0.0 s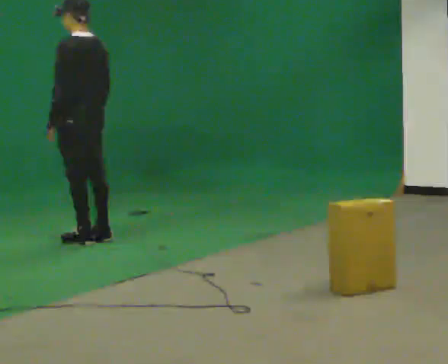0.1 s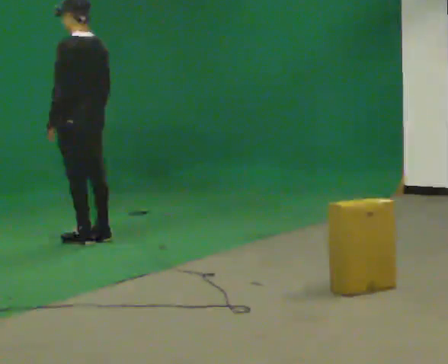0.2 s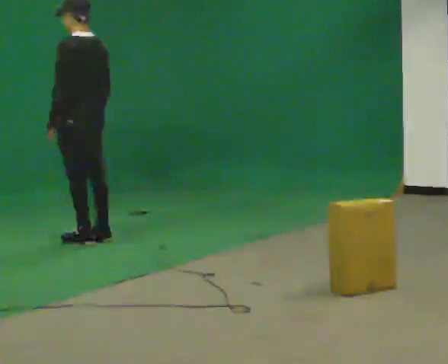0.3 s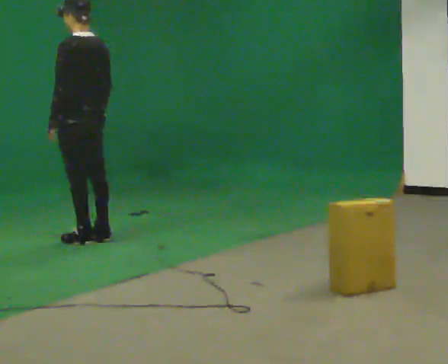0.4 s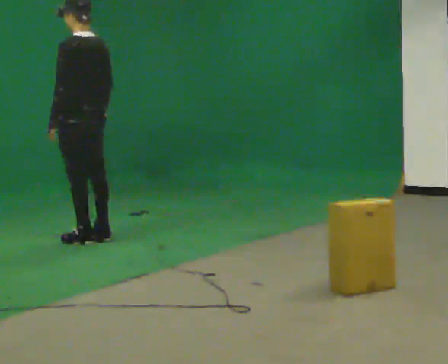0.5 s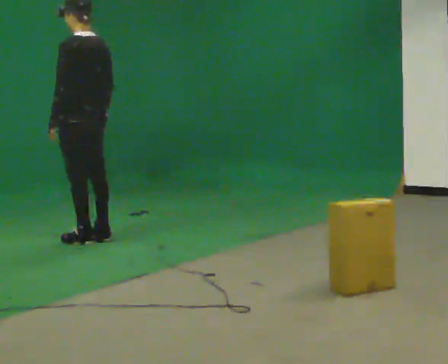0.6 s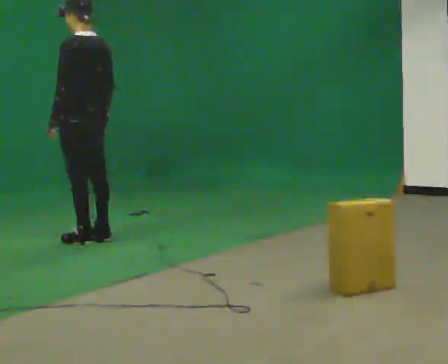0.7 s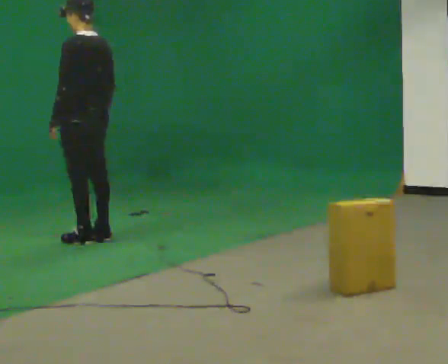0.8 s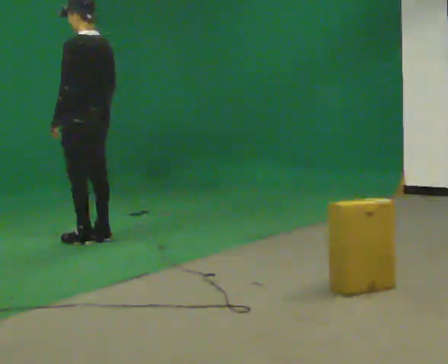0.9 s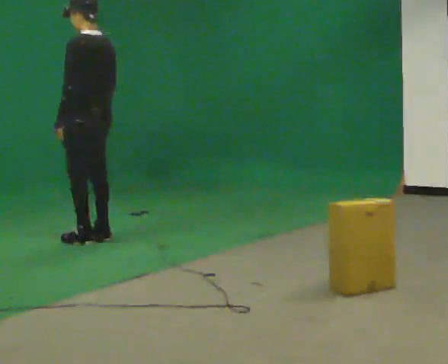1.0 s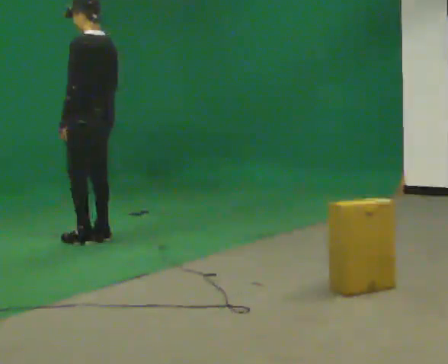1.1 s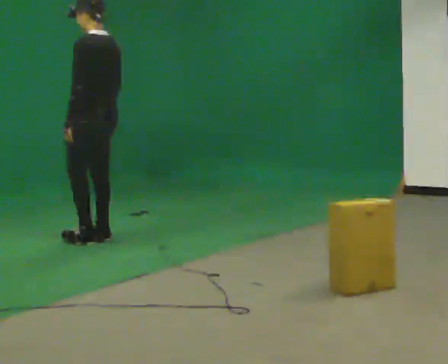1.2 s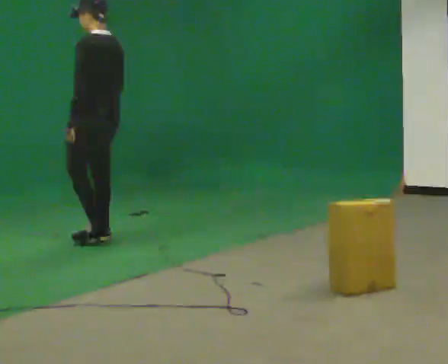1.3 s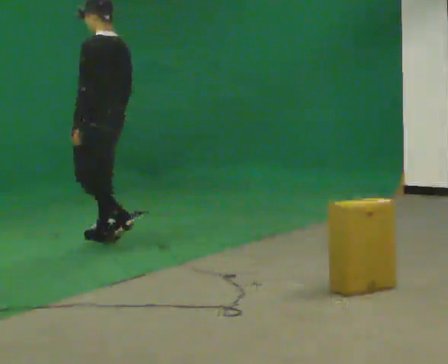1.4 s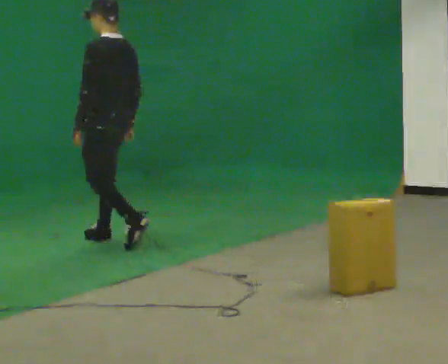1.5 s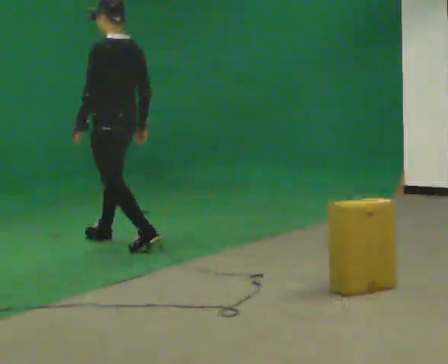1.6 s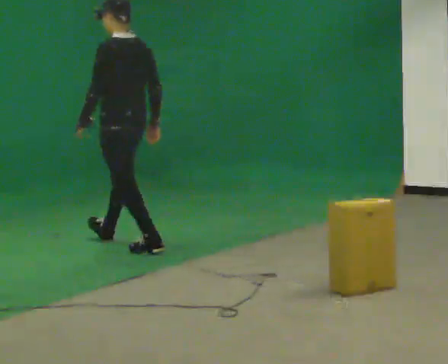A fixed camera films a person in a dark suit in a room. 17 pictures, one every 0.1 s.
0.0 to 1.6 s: In the picture they go toward the camera and to the right, about 0.5 m in 1 step, which for them is backward.
The film runs backward here.
